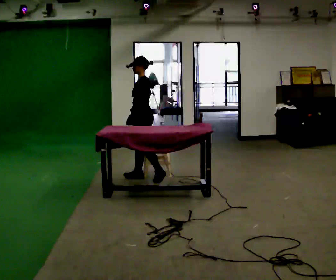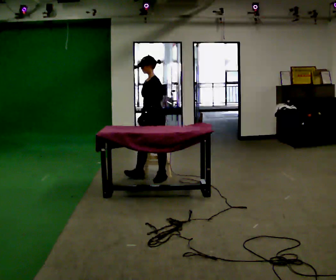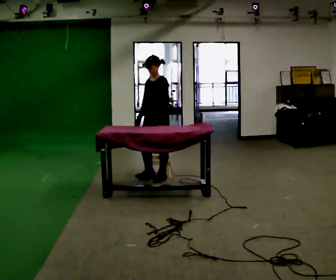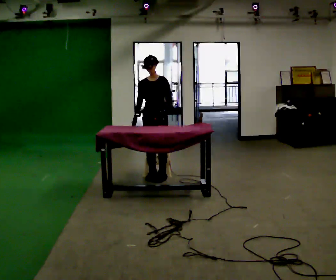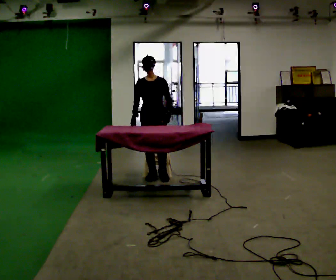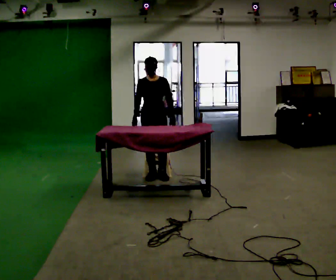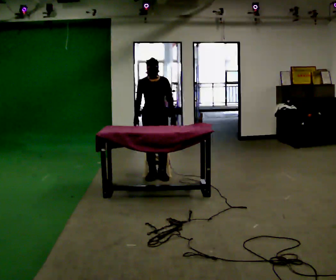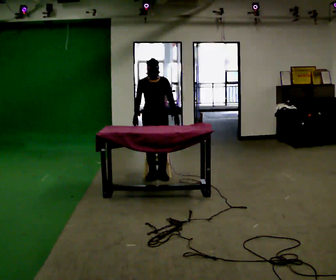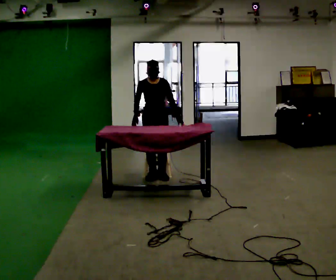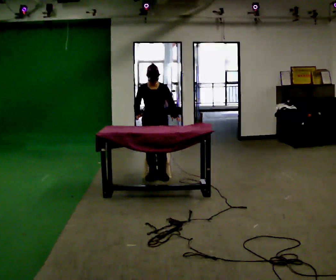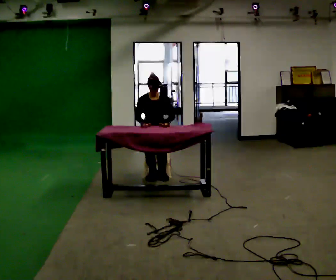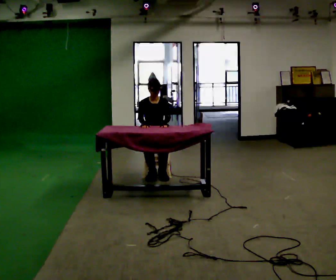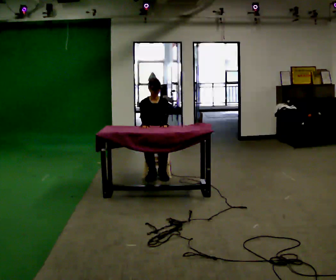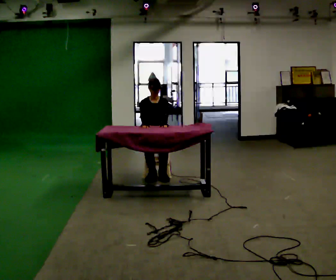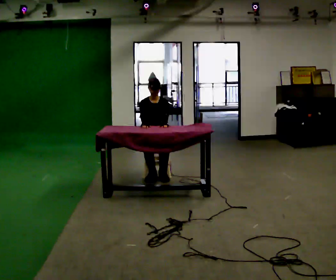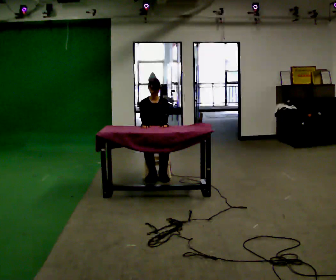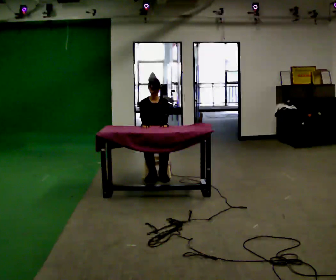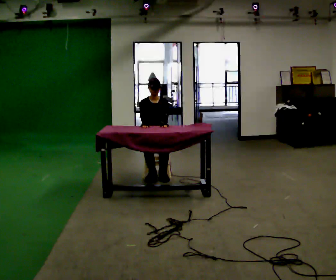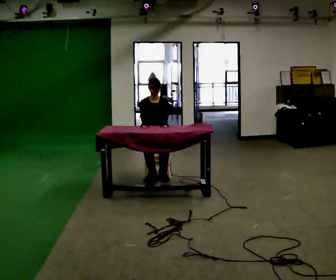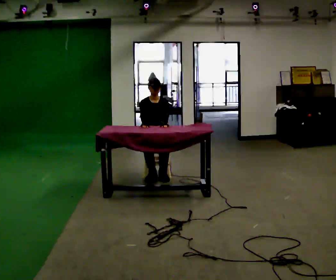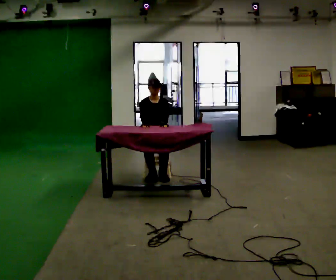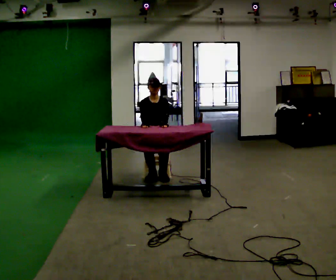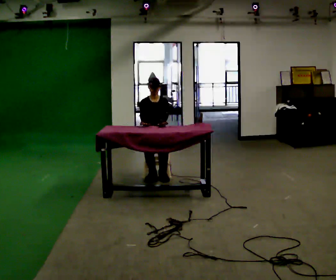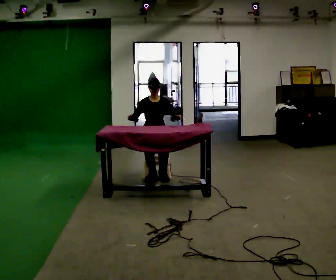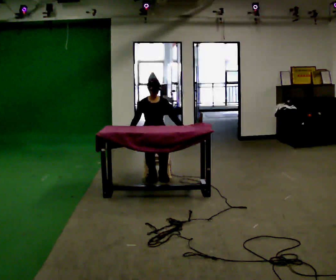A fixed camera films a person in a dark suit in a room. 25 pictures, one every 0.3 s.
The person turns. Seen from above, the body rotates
counterclockwise.
The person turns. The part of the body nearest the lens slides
to the right.
0.0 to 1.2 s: Seen from above the body turns counterclockwise, about 75 degrees: to their left, with its near side sliding to the right. In the picture their left hand goes to the right.
1.2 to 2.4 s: The person moves a little, or ends about where they began.
2.4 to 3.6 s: In the picture they go away from the camera, about 0.25 m, which for them is backward. The shoulders move downward.
3.6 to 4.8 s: The person moves a little, or ends about where they began.
4.8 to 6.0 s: The person keeps their place and pose.
6.0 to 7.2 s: The person moves a little, or ends about where they began.
The film runs backward here.
